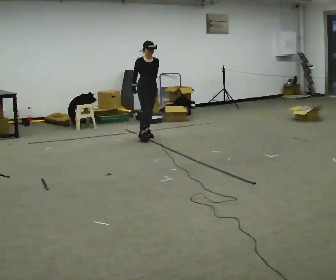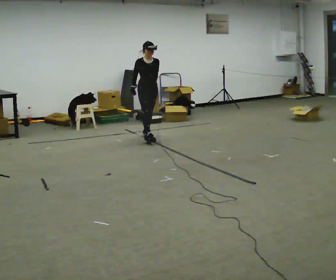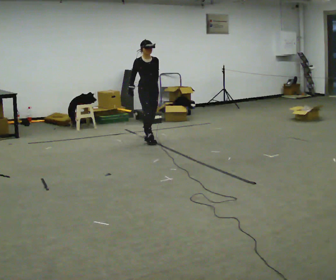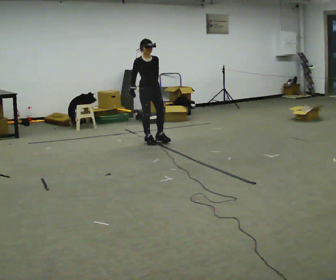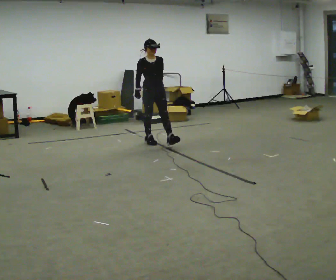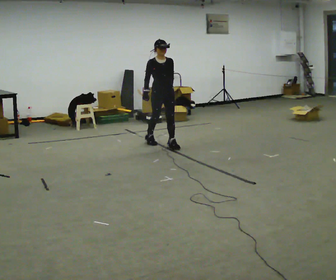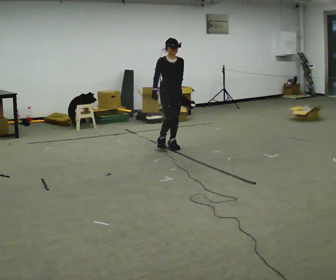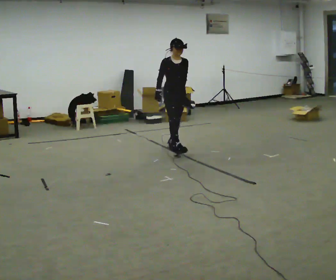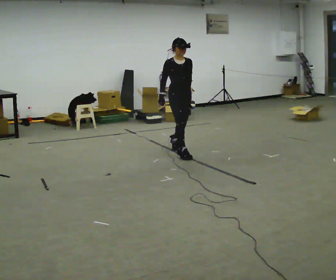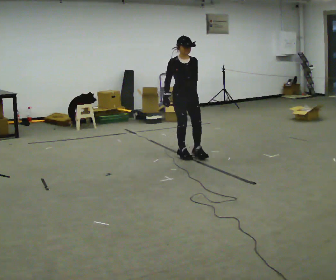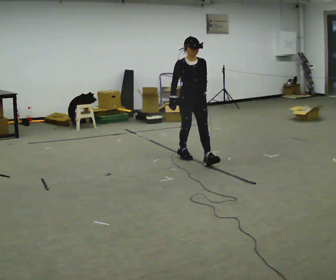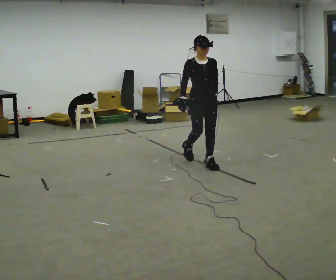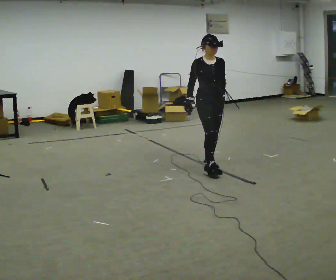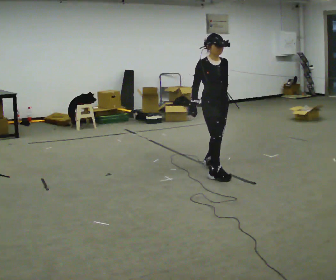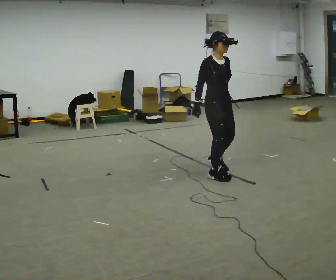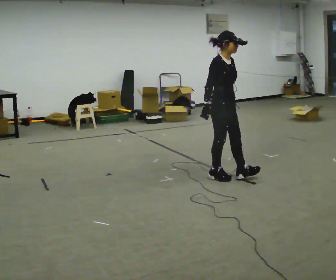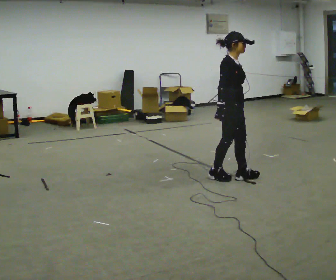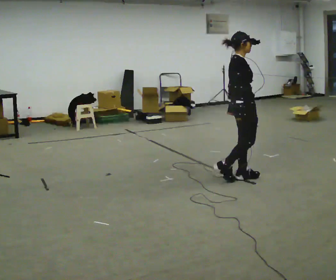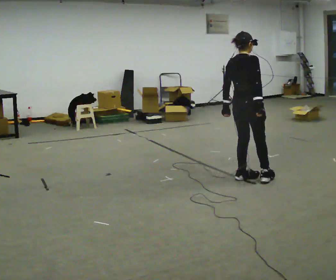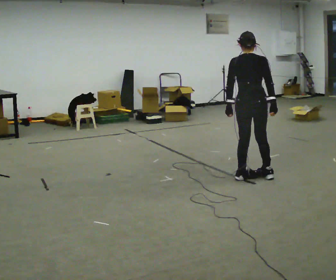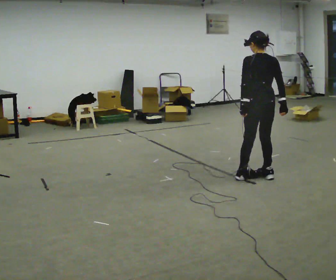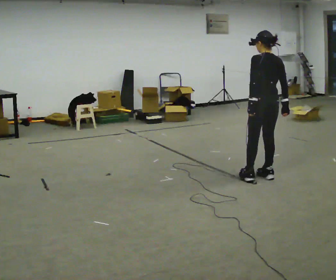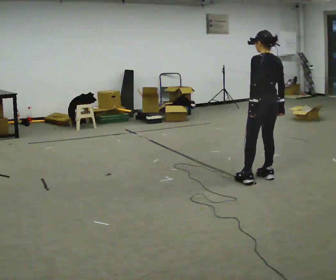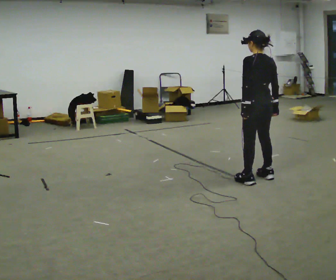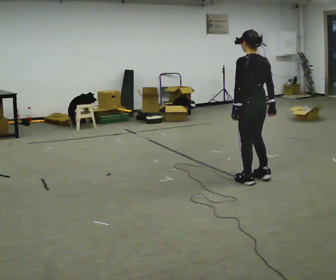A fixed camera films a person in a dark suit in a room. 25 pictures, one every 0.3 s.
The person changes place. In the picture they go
toward the camera.
0.0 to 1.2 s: In the picture they go toward the camera, about 0.5 m in 2 steps, which for them is forward.
1.2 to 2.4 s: In the picture they go toward the camera and to the right, about 0.75 m in 1 step, which for them is forward.
2.4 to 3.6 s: In the picture they go toward the camera and to the right, about 0.5 m in 1 step, which for them is forward.
3.6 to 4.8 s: Seen from above the body turns counterclockwise, about 45 degrees: to their left, with its near side sliding to the right. In the picture they go toward the camera and to the right, about 0.5 m in 2 steps, which for them is forward.
4.8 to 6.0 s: Seen from above the body turns counterclockwise, about 120 degrees: to their left, with its near side sliding to the right. In the picture they go to the right, about 0.25 m in 1 step.
6.0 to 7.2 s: The person moves a little, or ends about where they began.
The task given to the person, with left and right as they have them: Walk normally but hold both hands together in front of you at chest height; do not swing your arms; stop.
The film runs forward here.
